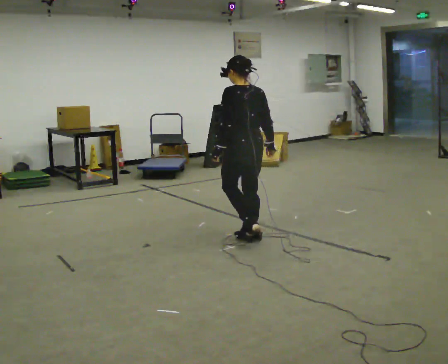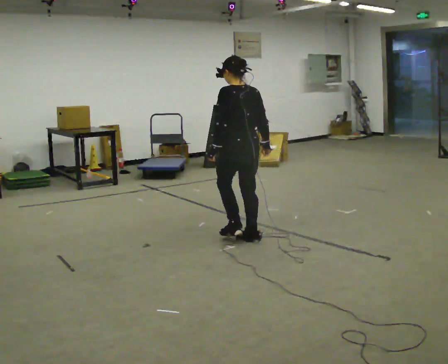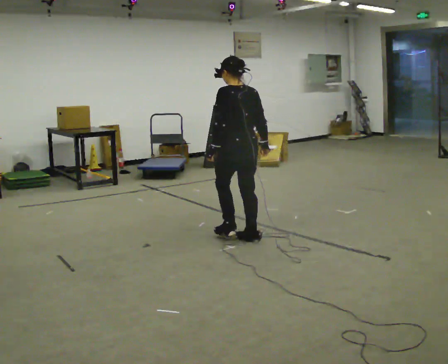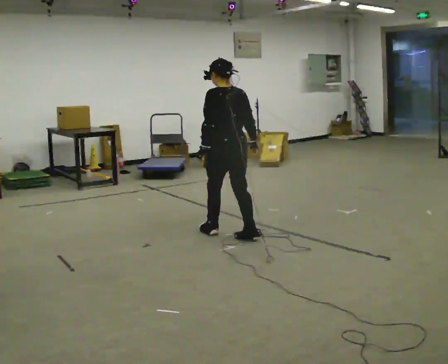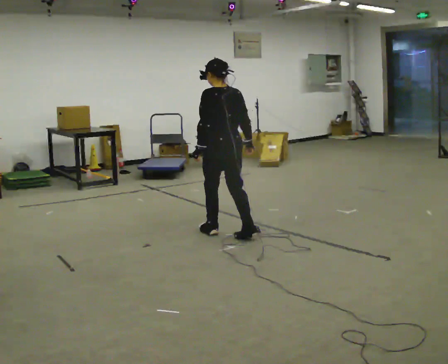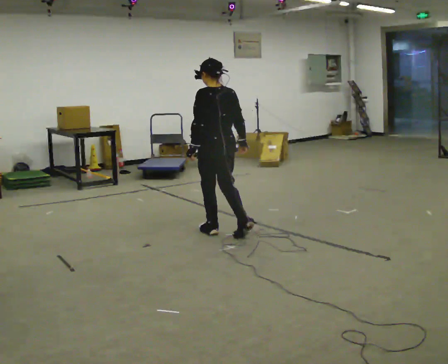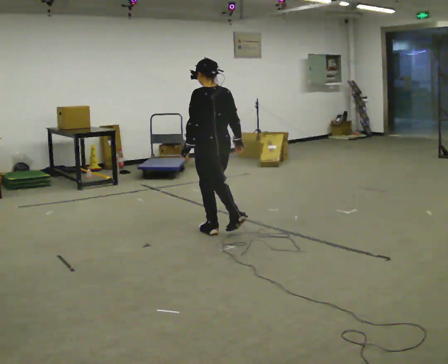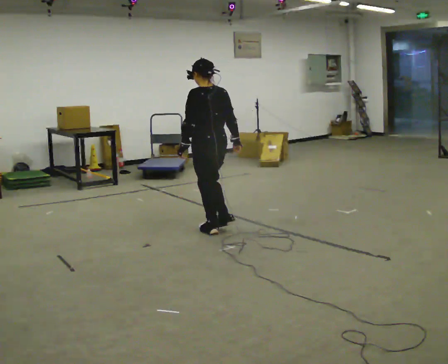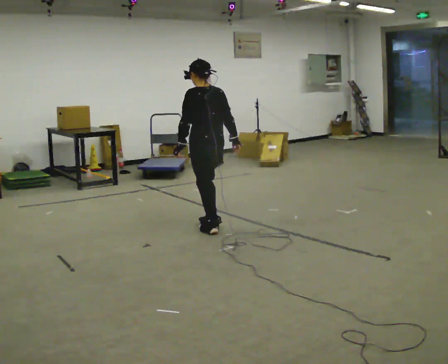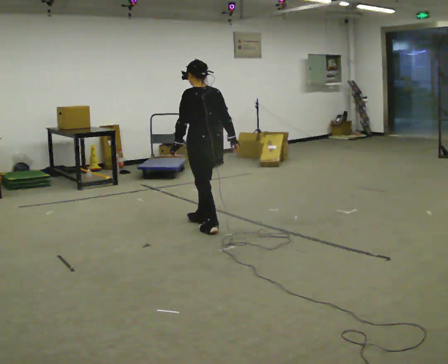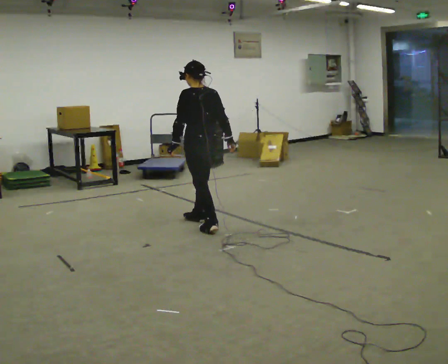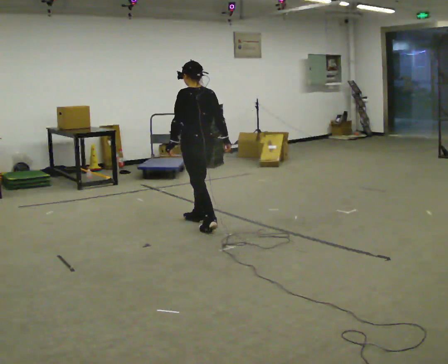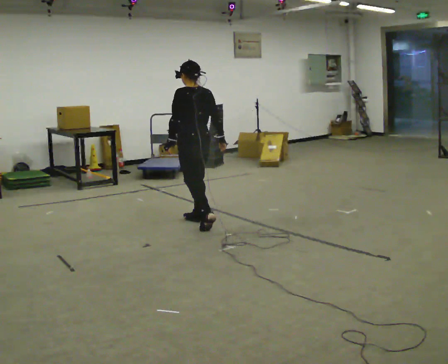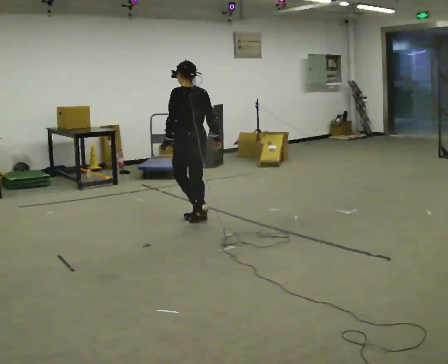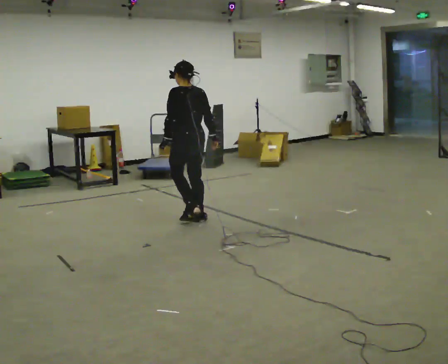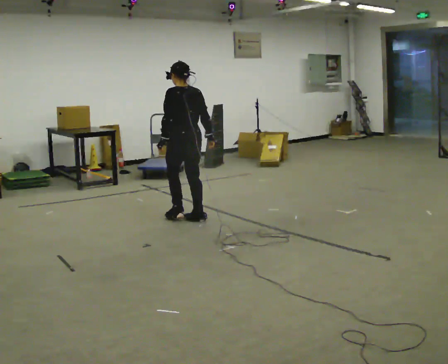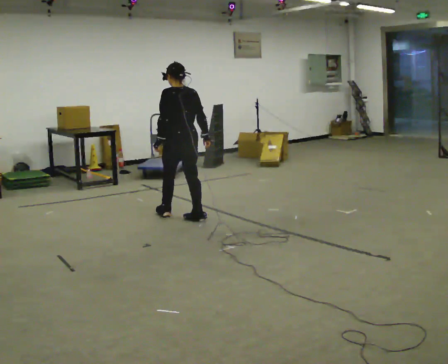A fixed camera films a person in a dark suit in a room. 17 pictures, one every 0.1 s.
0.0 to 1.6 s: In the picture they go away from the camera and to the left, about 1 m in 2 steps, which for them is forward.
The film runs forward here.
